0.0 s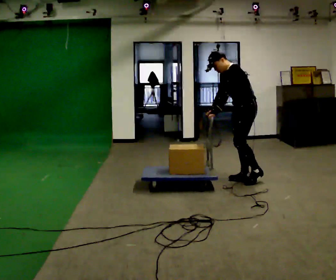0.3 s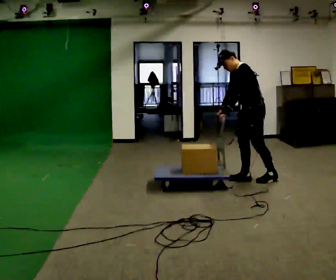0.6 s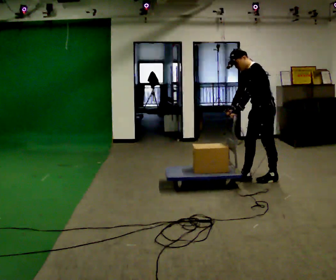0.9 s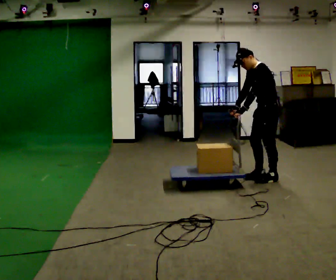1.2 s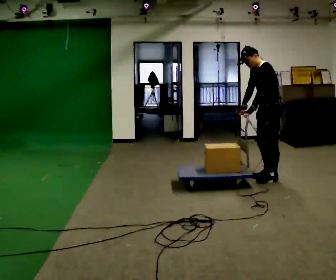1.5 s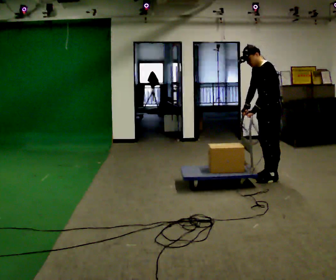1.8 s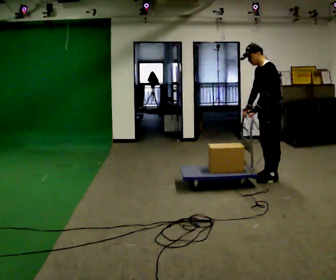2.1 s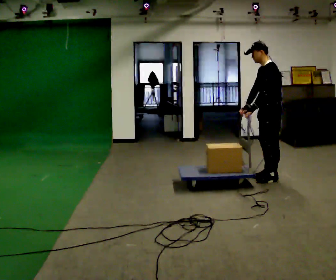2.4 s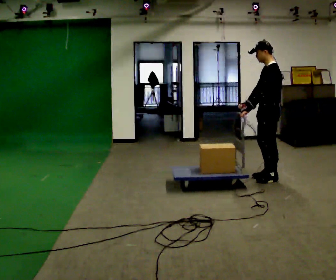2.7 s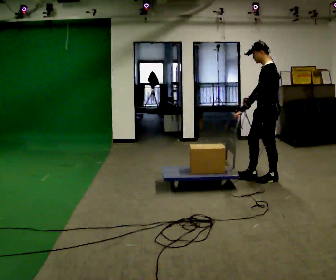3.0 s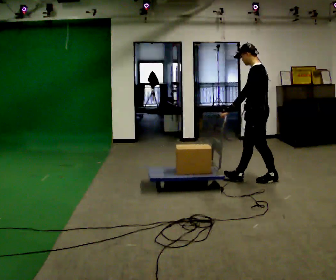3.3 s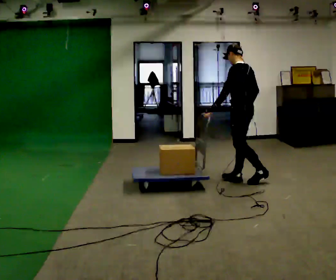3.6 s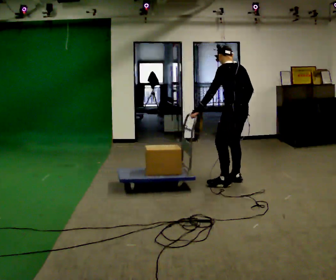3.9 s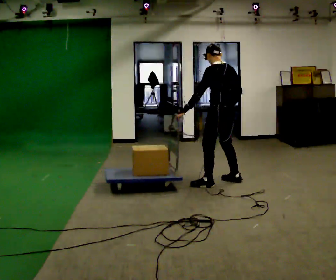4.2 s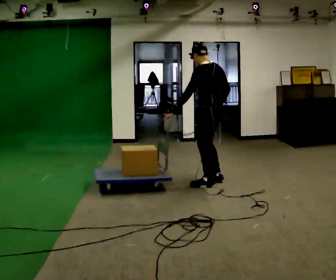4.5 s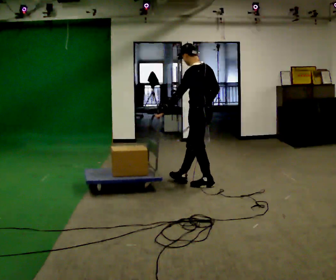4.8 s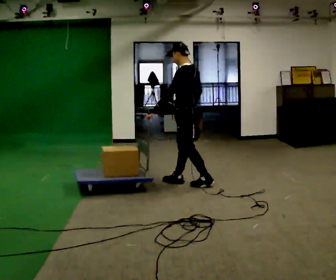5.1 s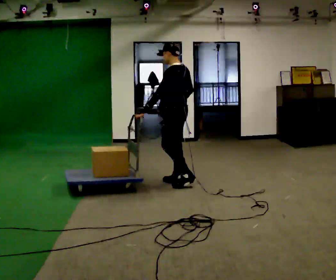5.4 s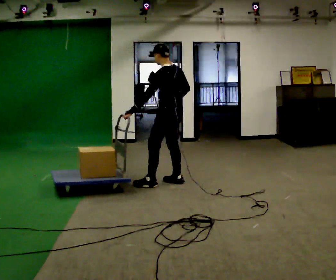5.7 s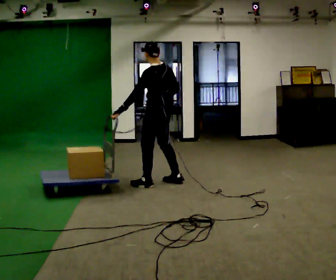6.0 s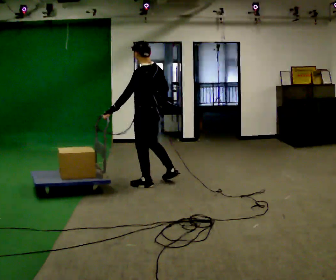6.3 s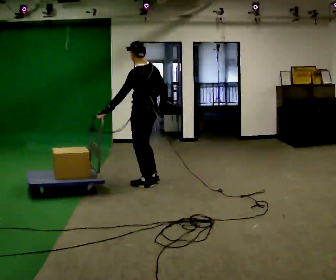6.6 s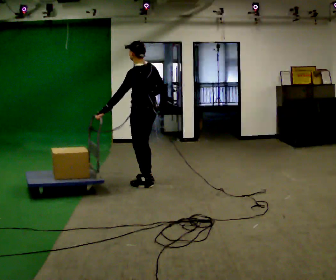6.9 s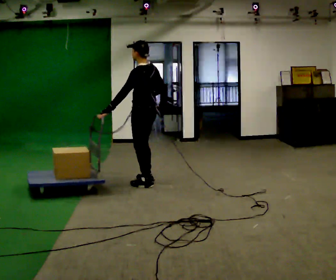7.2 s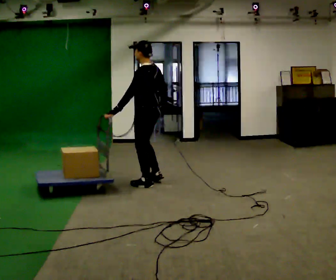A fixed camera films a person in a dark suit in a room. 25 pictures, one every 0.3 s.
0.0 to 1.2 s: In the picture they go to the right, about 0.25 m in 1 step, which for them is backward.
1.2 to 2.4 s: In the picture the upper body tilts clockwise, shoulders to the right, as they lean back or straighten.
2.4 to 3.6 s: The person turns about 30 degrees to their right, clockwise seen from above, so the part of the body nearest the lens slides to the left. In the picture they go to the left, about 0.5 m in 2 steps, which for them is forward.
3.6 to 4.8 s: Seen from above the body turns counterclockwise, about 30 degrees: to their left, with its near side sliding to the right. In the picture they go to the left, about 0.5 m in 1 step, which for them is forward and to their left.
4.8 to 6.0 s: In the picture they go to the left, about 0.5 m in 2 steps, which for them is forward and to their left.
6.0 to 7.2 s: The person moves a little, or ends about where they began.
The film runs backward here.
